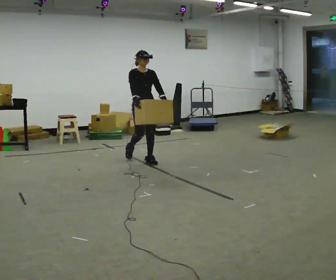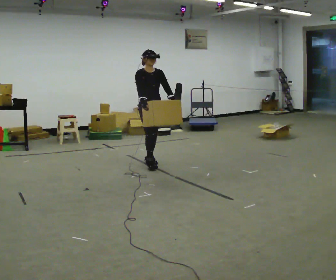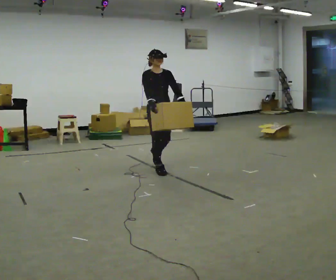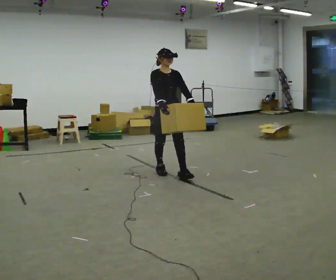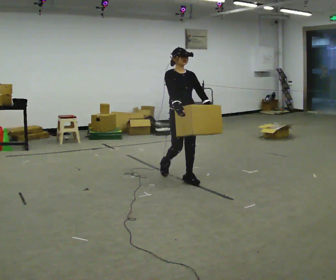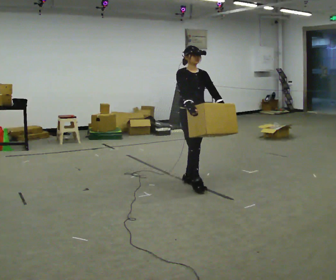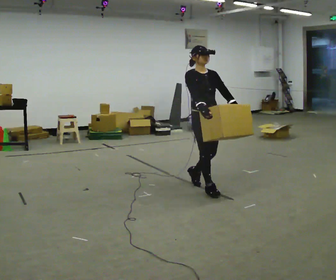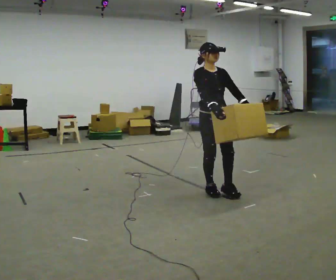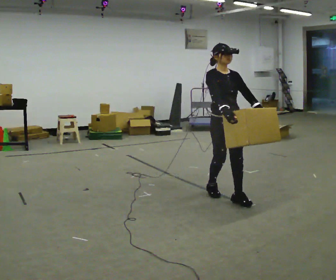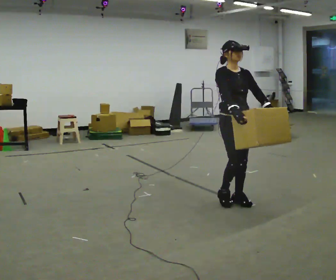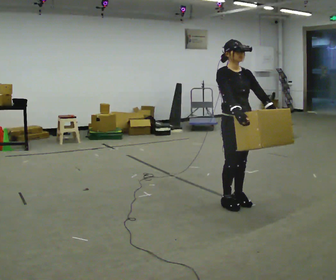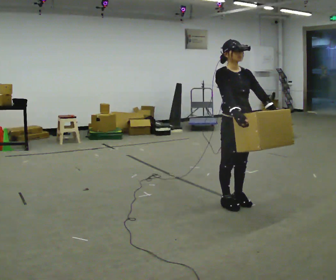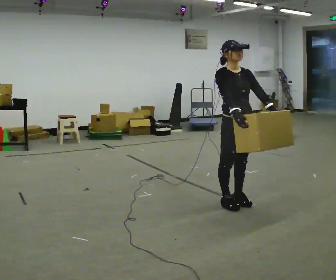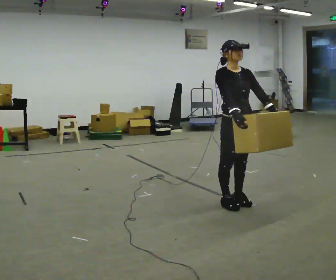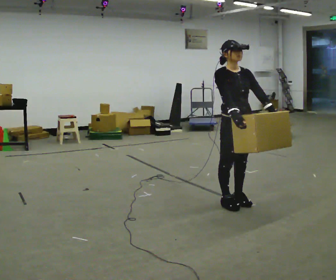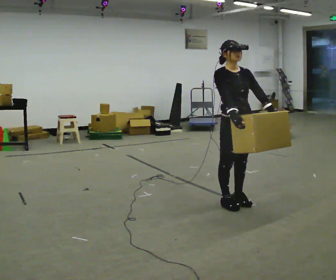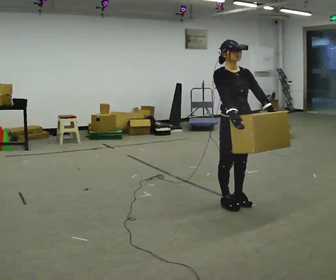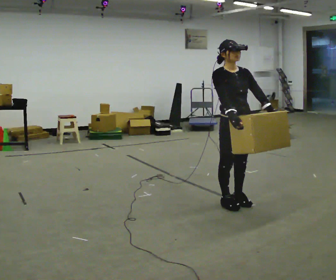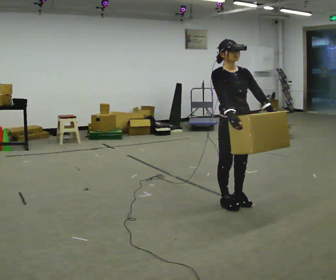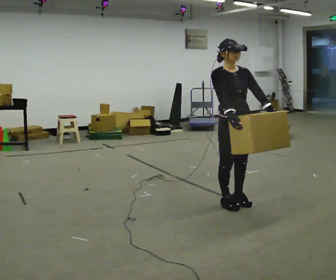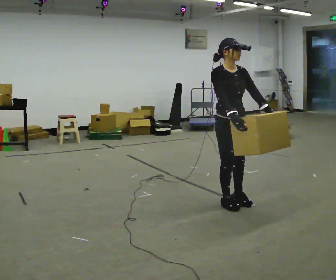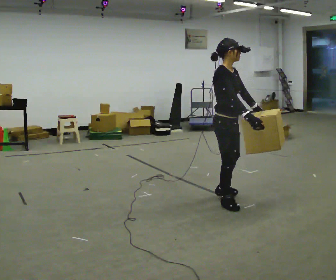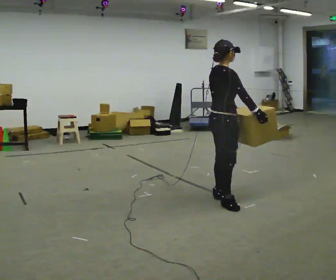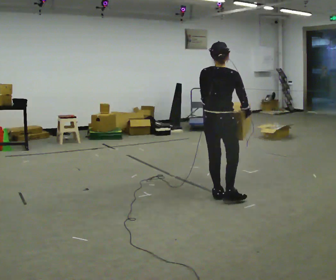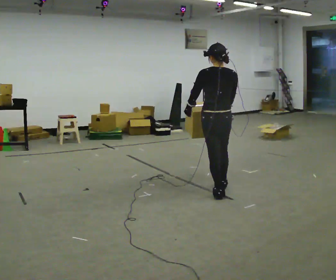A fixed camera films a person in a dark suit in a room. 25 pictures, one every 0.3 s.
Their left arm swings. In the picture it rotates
clockwise.
The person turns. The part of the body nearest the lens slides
to the right.
0.0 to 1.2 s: In the picture they go toward the camera and to the right, about 1 m in 2 steps, which for them is forward.
1.2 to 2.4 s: In the picture they go toward the camera and to the right, about 1 m in 2 steps, which for them is forward.
2.4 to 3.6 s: In the picture they go toward the camera, about 0.25 m in 1 step, which for them is forward.
3.6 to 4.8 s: The person keeps their place and pose.
4.8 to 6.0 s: The person moves a little, or ends about where they began.
6.0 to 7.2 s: The person turns about 150 degrees to their left, counterclockwise seen from above, so the part of the body nearest the lens slides to the right. In the picture they go away from the camera, about 0.25 m in 1 step.
The film runs forward here.
